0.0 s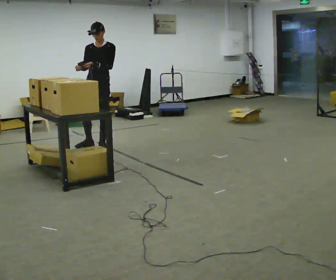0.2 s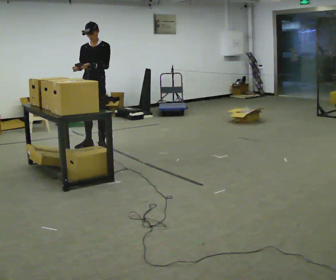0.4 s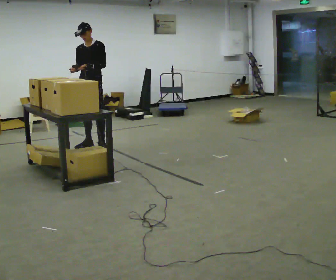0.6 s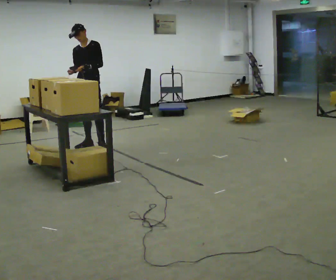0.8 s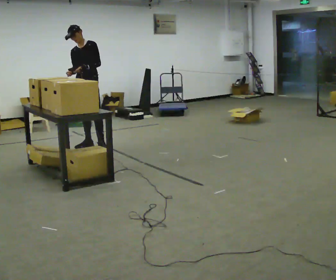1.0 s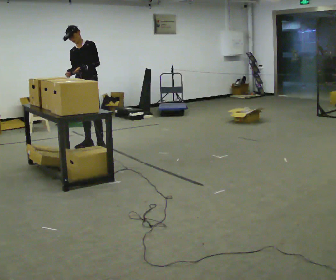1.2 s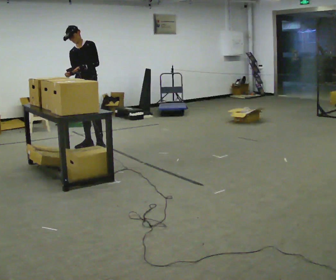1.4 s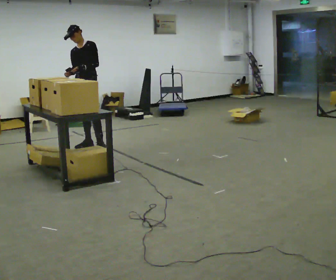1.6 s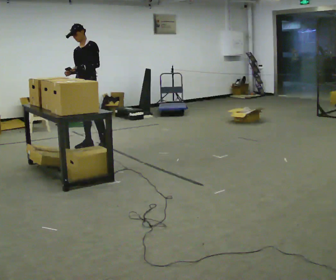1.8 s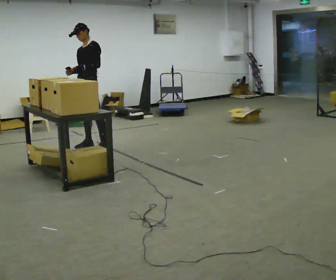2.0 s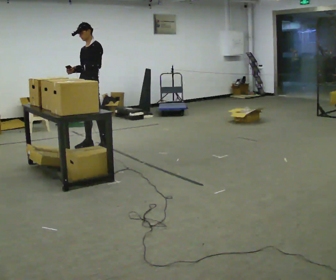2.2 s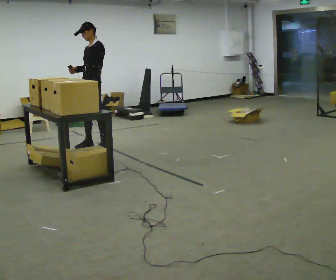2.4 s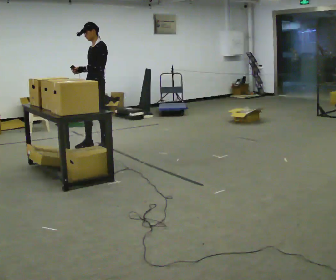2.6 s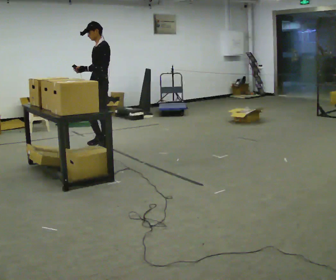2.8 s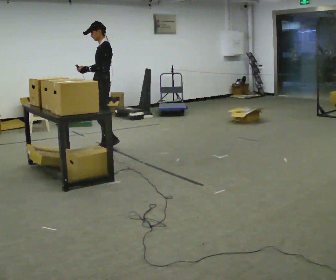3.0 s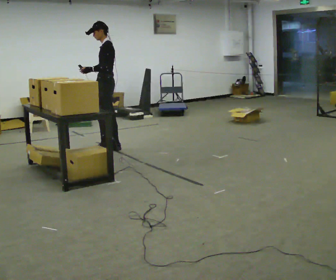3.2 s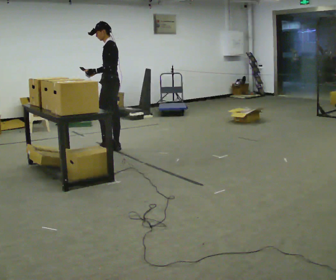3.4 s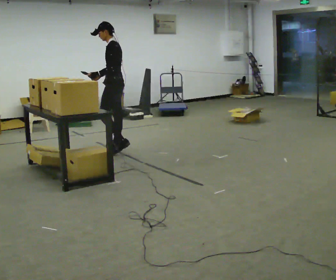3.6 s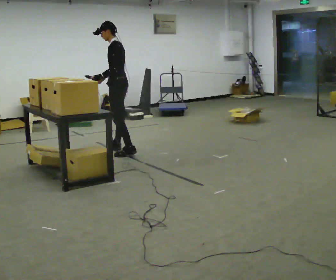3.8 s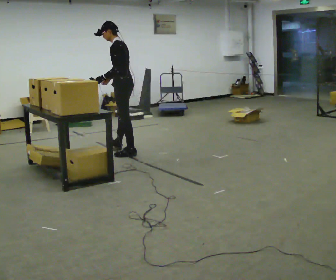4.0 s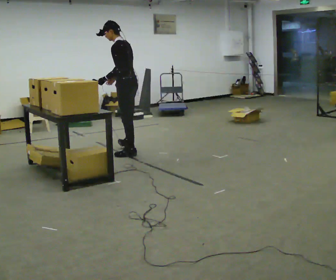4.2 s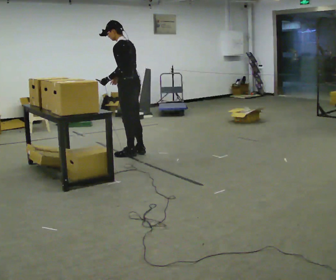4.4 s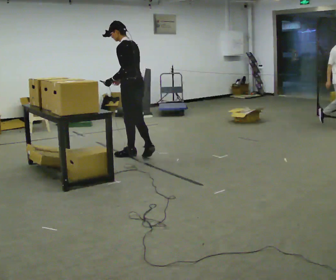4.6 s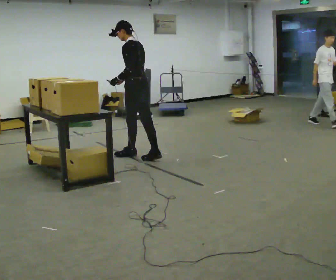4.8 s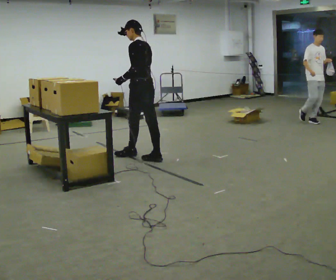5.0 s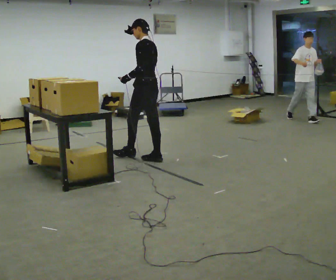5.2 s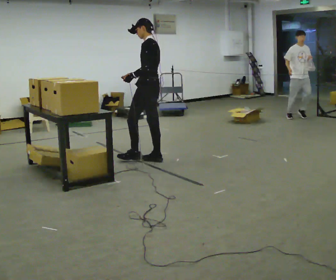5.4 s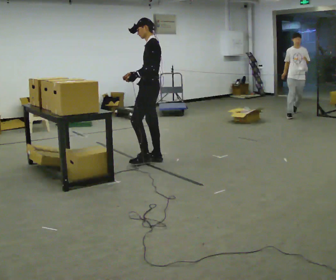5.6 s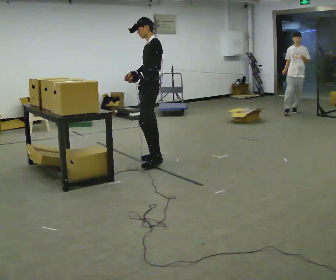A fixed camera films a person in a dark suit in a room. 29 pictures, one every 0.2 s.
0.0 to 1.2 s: In the picture they go away from the camera and to the left, about 0.25 m, which for them is to their right.
1.2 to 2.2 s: Seen from above the body turns clockwise, about 30 degrees: to their right, with its near side sliding to the left. In the picture they go toward the camera, about 0.25 m, which for them is to their left.
2.2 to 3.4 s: The person turns about 45 degrees to their right, clockwise seen from above, so the part of the body nearest the lens slides to the left. In the picture they go to the right, about 0.25 m in 2 steps, which for them is backward and to their left.
3.4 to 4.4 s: In the picture they go toward the camera and to the right, about 0.5 m in 1 step, which for them is backward and to their left.
4.4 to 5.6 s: The person turns about 45 degrees to their left, counterclockwise seen from above, so the part of the body nearest the lens slides to the right. In the picture they go toward the camera and to the right, about 0.25 m in 1 step, which for them is backward.
The film runs backward here.
